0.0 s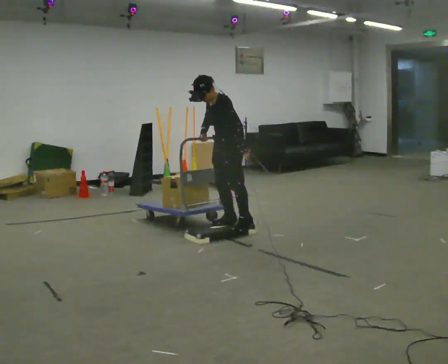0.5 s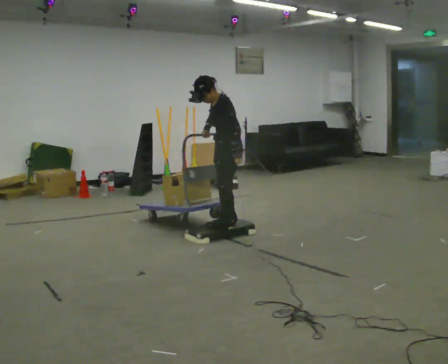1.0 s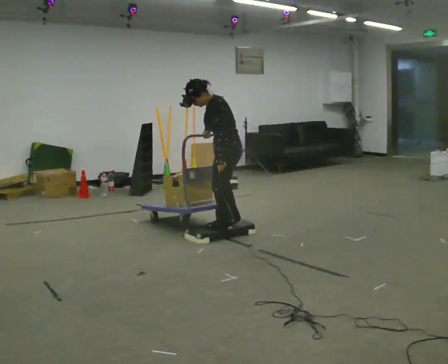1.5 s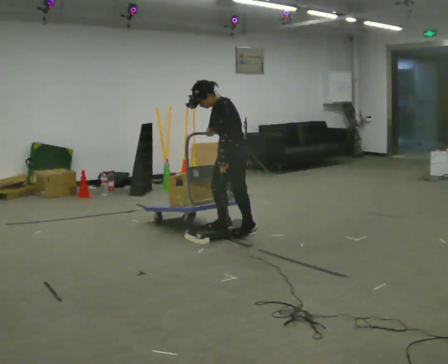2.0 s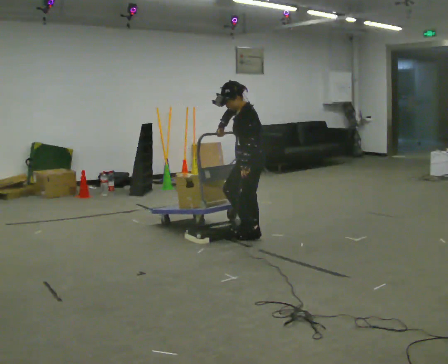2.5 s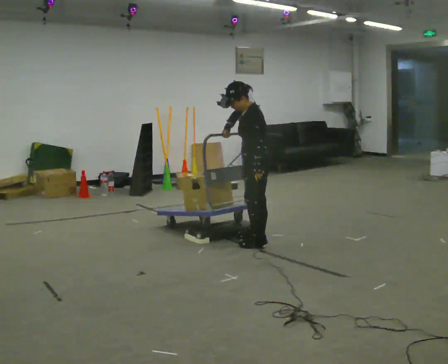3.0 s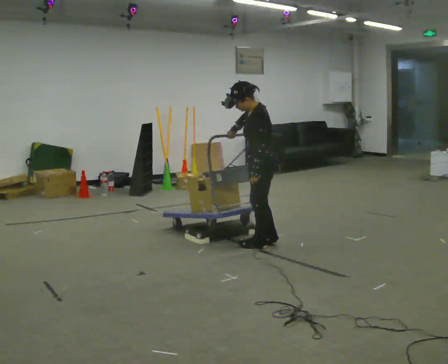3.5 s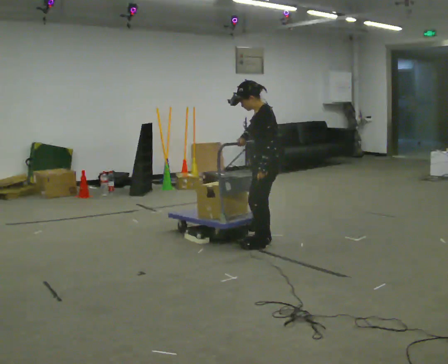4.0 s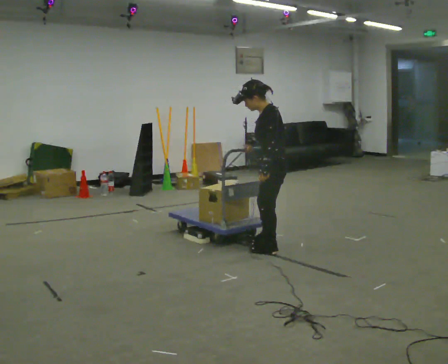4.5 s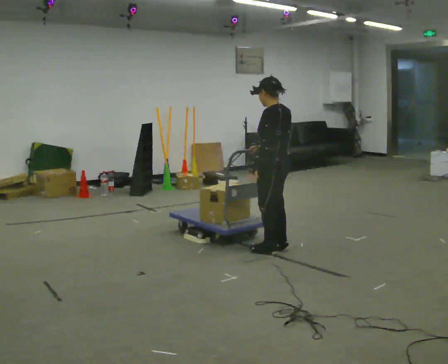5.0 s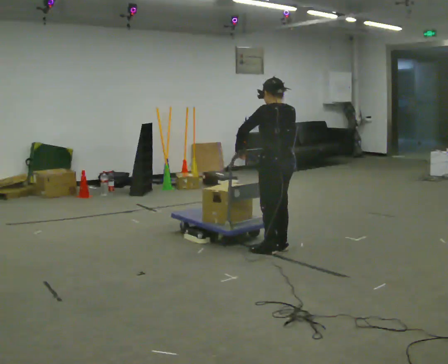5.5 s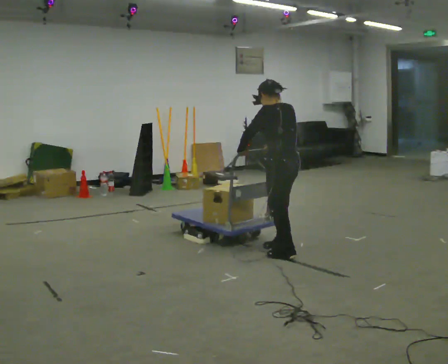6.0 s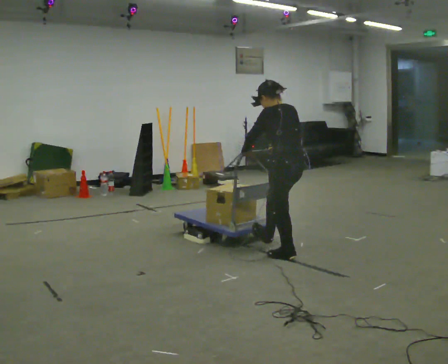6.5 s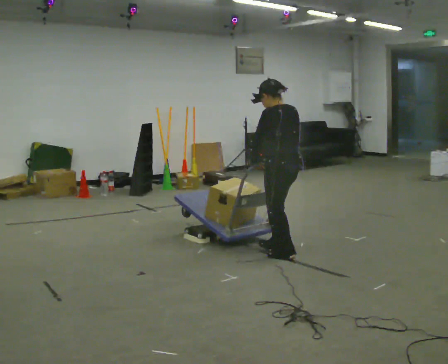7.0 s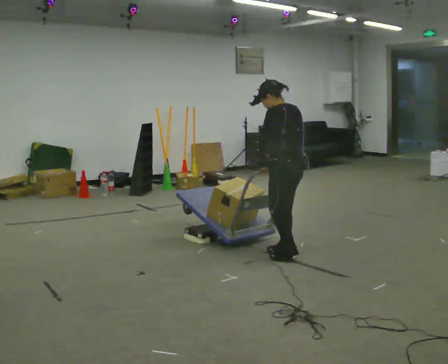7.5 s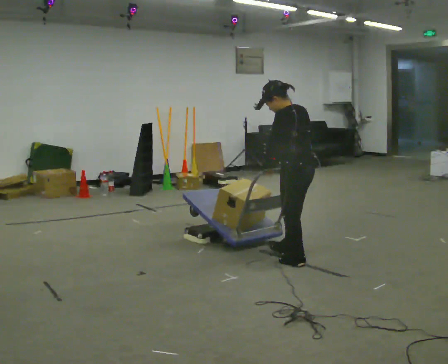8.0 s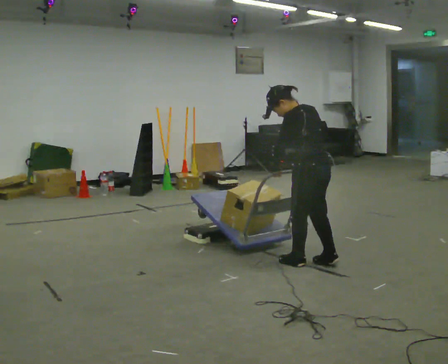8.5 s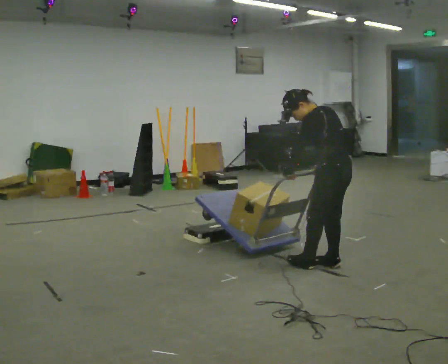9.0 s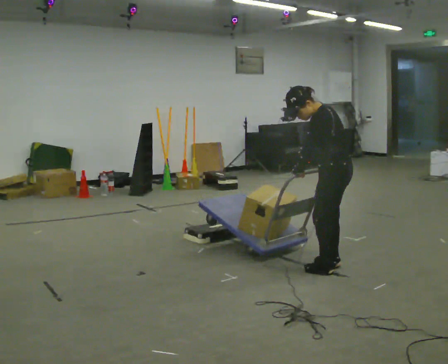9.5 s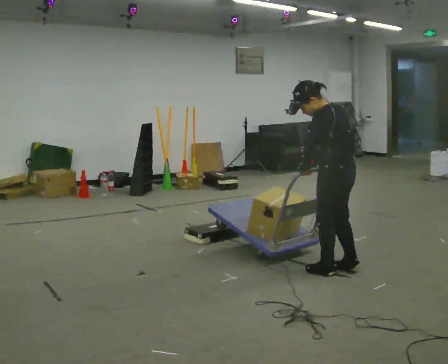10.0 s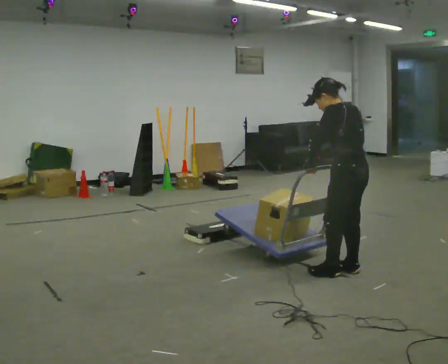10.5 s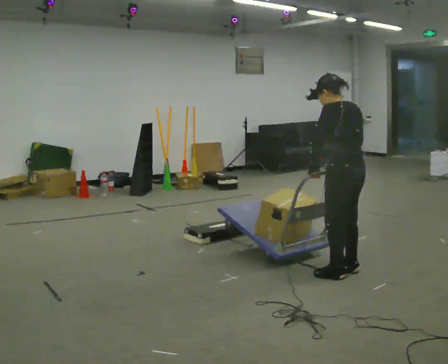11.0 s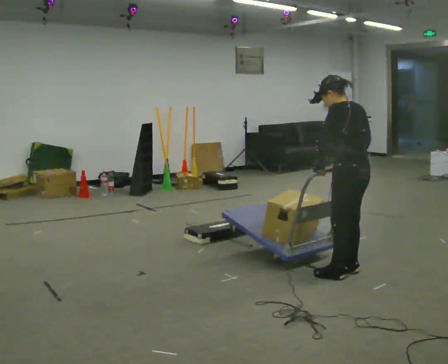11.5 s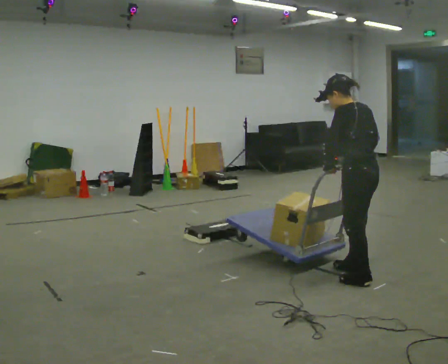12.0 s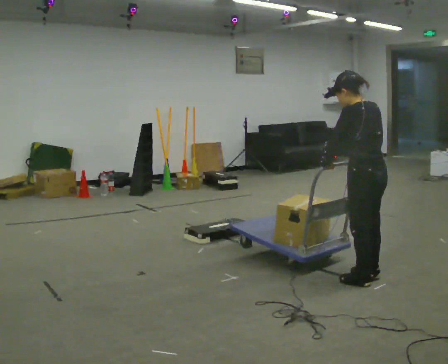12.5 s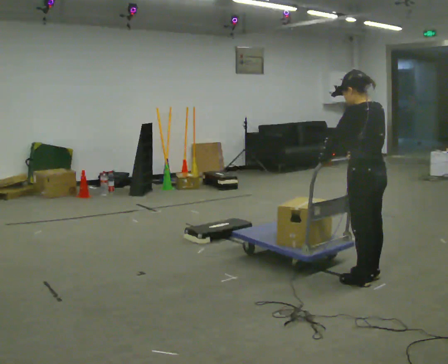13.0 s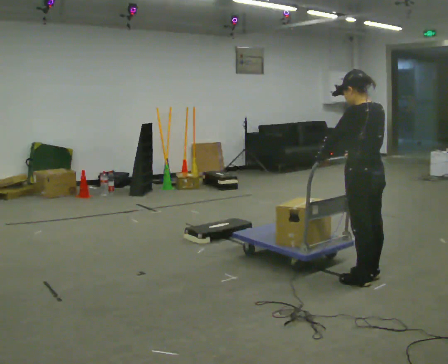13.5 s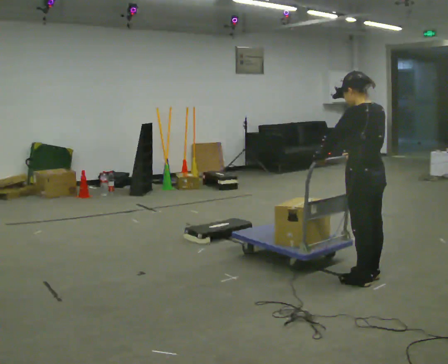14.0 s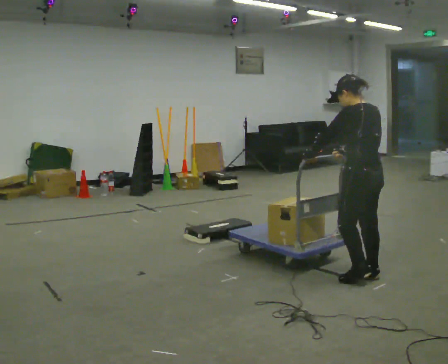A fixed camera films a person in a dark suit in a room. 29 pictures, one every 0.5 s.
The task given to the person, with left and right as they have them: Push the cart up over the low platform edge and down the other side, then bring it back over.
0.0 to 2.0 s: The part of the body nearest the lens slides to the left as the person turns to their right by about 30 degrees. In the picture they go to the right and toward the camera, about 0.25 m in 2 steps, which for them is backward and to their left.
2.0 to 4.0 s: In the picture they go toward the camera and to the right, about 0.5 m in 3 steps, which for them is to their left and backward.
4.0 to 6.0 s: The part of the body nearest the lens slides to the left as the person turns to their right by about 30 degrees. In the picture they go toward the camera, about 0.25 m in 2 steps, which for them is backward.
6.0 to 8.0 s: In the picture they go to the right and toward the camera, about 0.25 m in 2 steps, which for them is backward.
8.0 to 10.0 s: In the picture they go to the right and toward the camera, about 0.25 m in 3 steps, which for them is backward.
10.0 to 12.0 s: In the picture they go toward the camera, about 0.25 m in 2 steps, which for them is backward.
12.0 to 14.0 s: The person moves a little, or ends about where they began.
The film runs forward here.
